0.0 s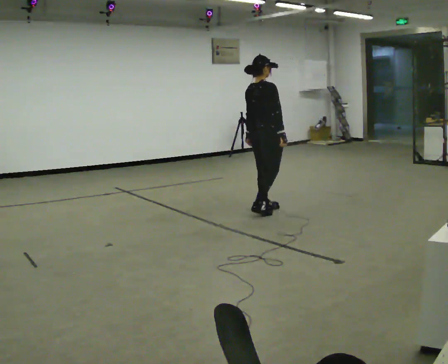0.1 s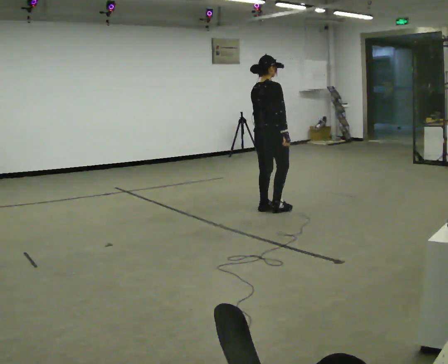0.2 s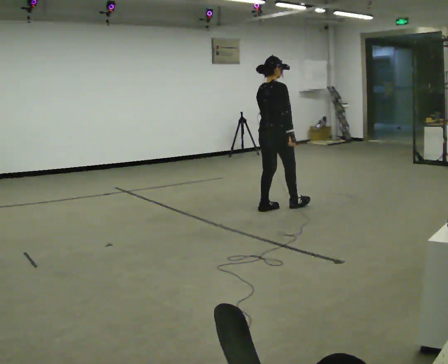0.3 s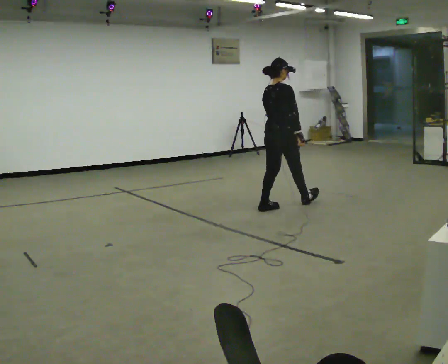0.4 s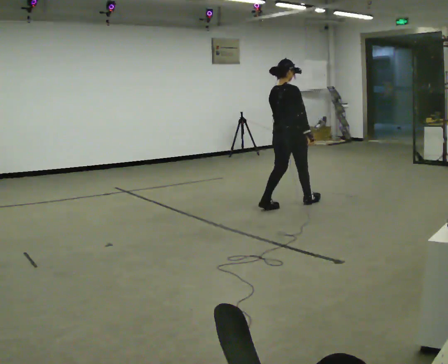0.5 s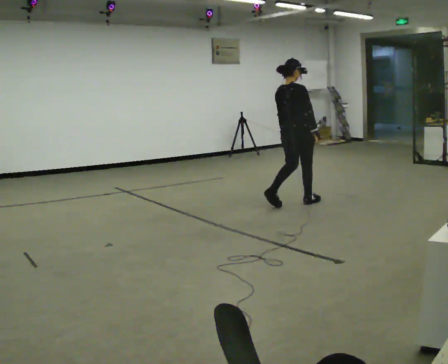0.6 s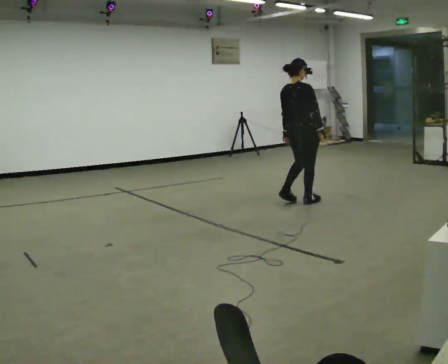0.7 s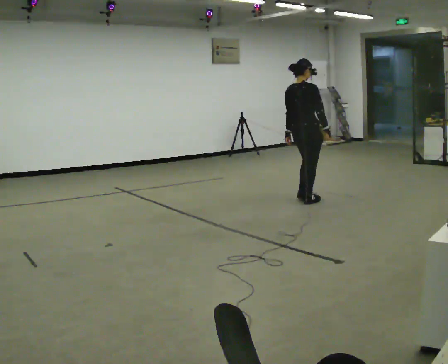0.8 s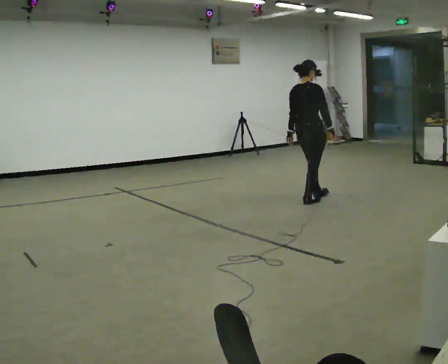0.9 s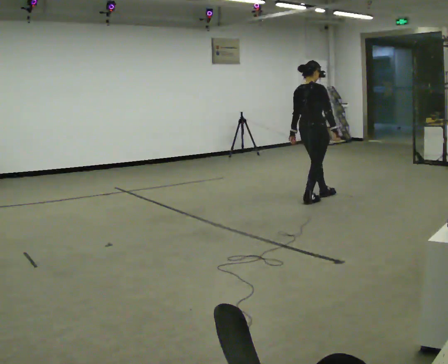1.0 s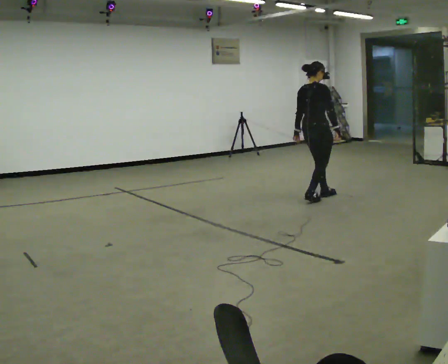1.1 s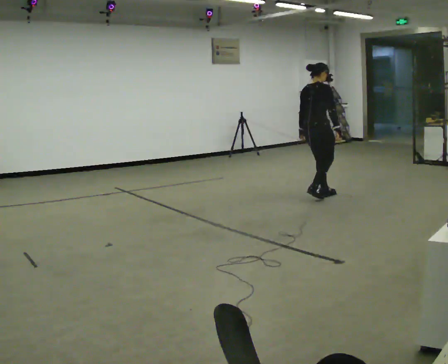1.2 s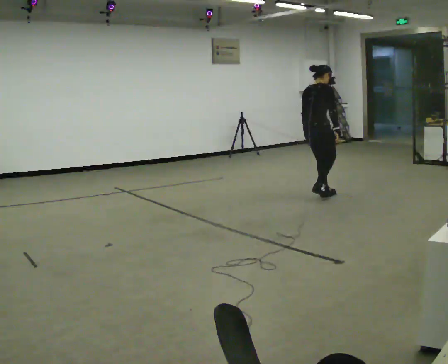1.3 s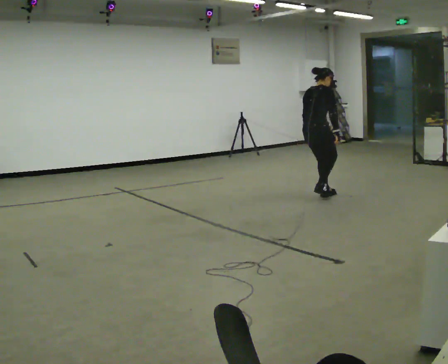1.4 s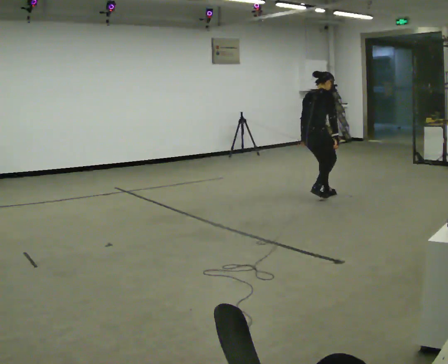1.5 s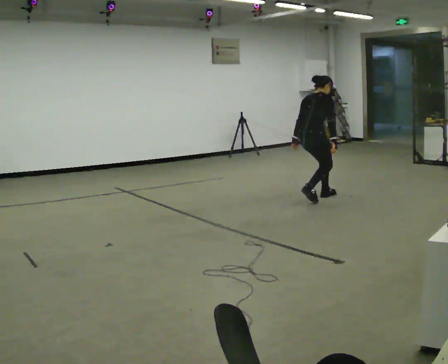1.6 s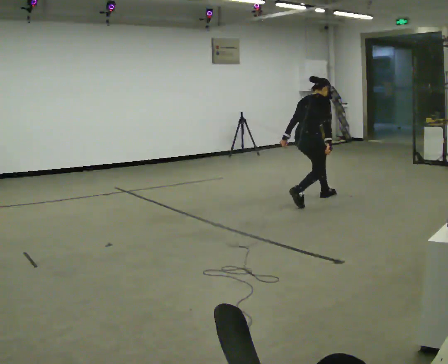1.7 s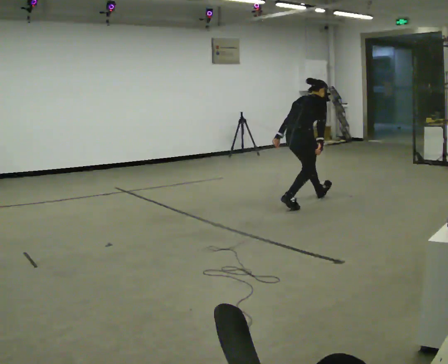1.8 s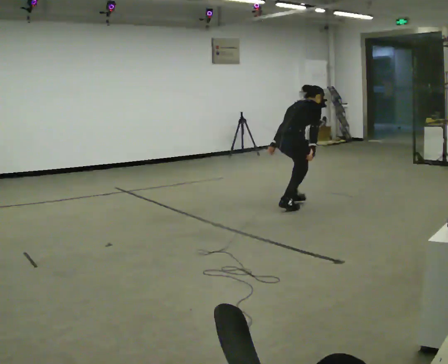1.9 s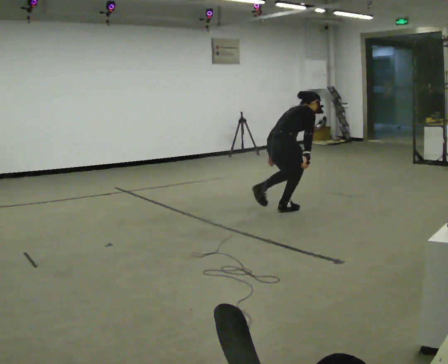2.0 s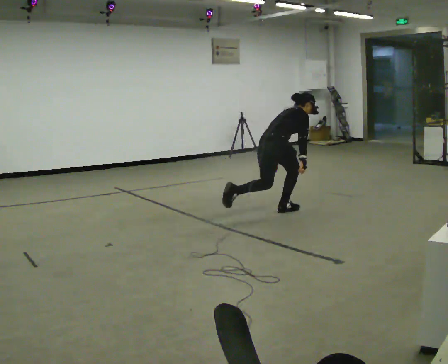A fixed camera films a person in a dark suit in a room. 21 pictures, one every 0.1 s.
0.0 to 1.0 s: In the picture they go away from the camera and to the right, about 1 m in 1 step, which for them is forward.
1.0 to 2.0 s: In the picture they go toward the camera and to the left, about 0.75 m in 2 steps, which for them is backward. The shoulders move downward. In the picture the upper body tilts clockwise, shoulders to the right, as they bend forward.
The film runs backward here.
